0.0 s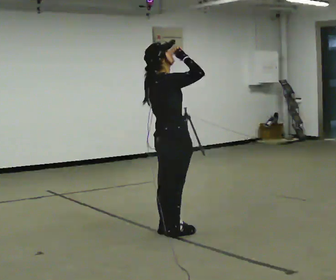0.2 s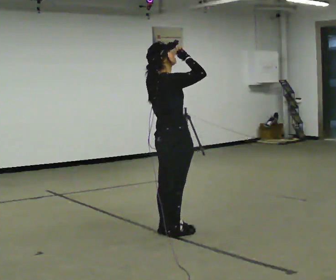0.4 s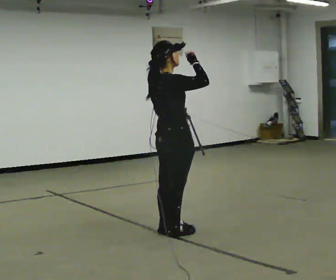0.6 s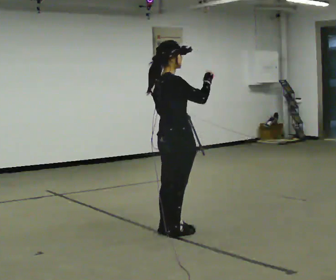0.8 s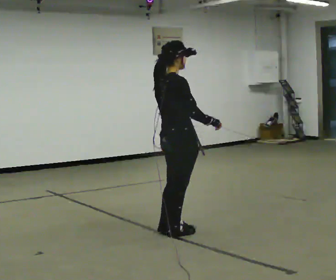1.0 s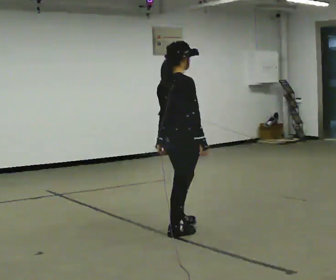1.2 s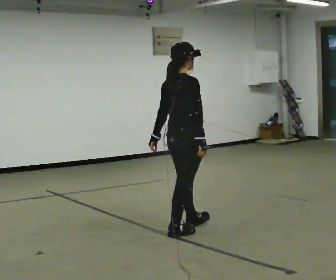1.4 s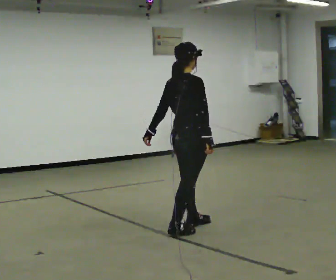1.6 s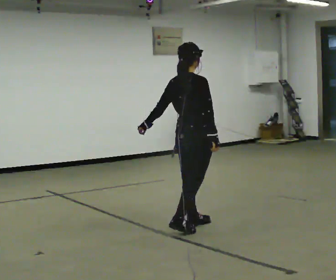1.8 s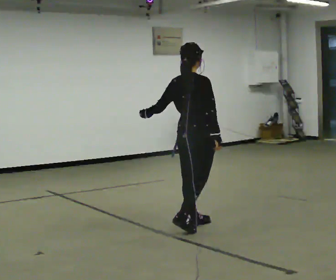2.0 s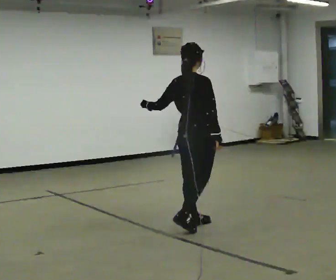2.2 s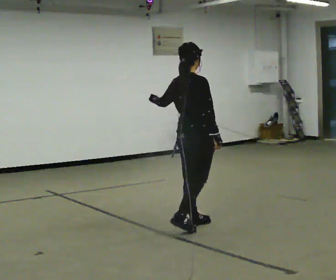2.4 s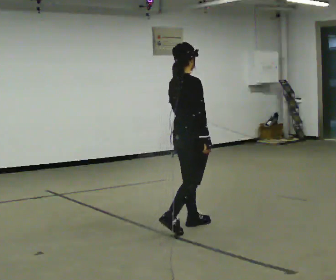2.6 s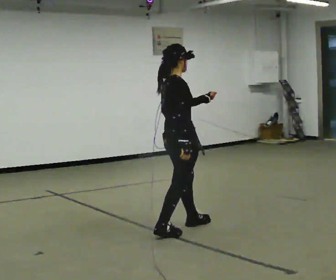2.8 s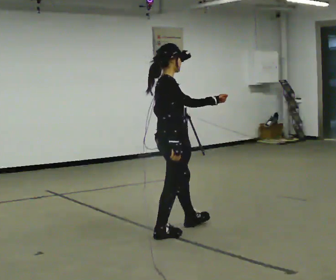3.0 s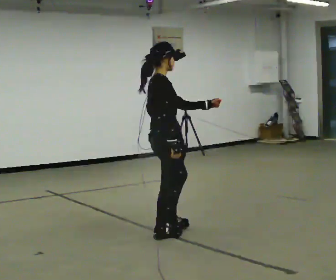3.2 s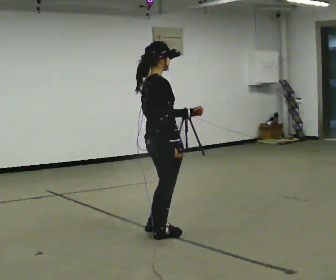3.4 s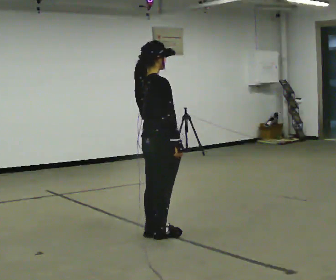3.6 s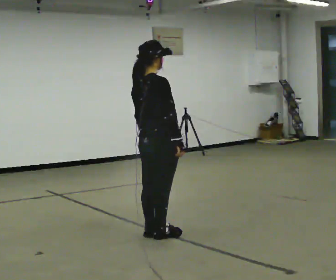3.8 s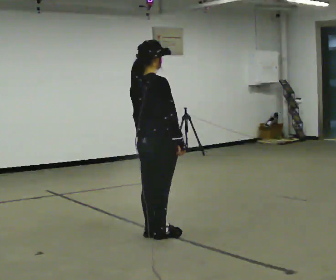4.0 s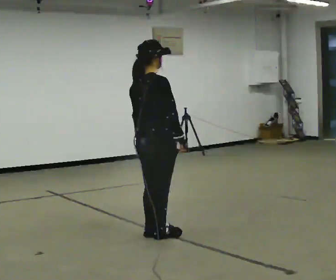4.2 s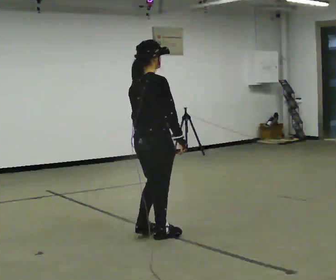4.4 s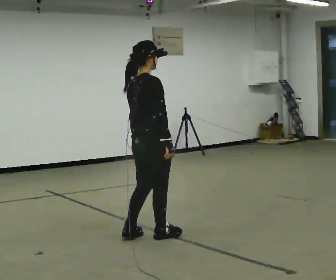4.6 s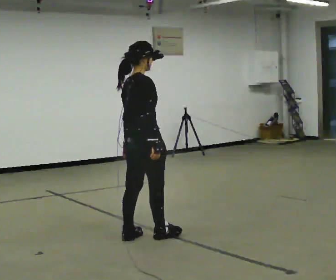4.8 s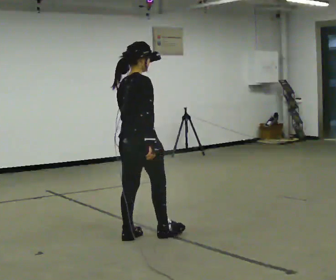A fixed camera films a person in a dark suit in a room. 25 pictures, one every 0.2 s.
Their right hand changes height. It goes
downward.
0.0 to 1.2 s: In the picture their right hand goes downward.
1.2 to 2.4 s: In the picture they go away from the camera, about 0.25 m in 1 step, which for them is forward. In the picture their left hand goes upward.
2.4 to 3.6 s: In the picture they go to the left and toward the camera, about 0.5 m in 1 step, which for them is backward and to their right. In the picture their left hand goes downward.
3.6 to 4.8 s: In the picture they go to the left, about 0.25 m in 1 step, which for them is backward.
The film runs backward here.
